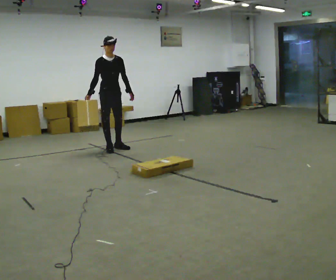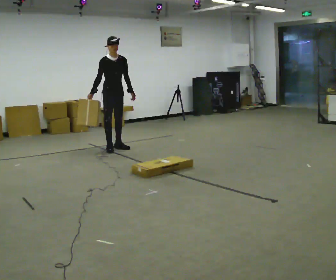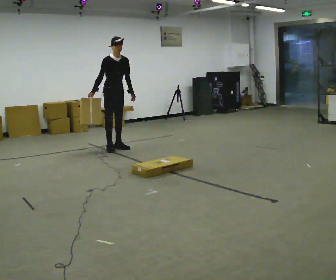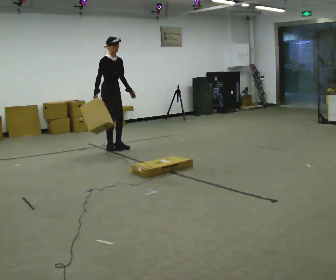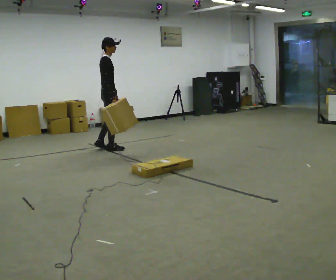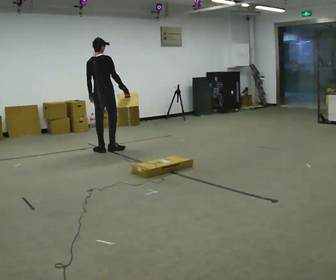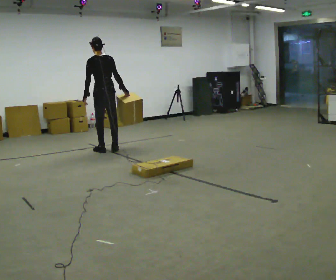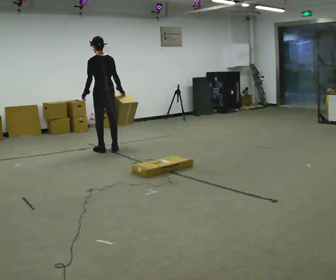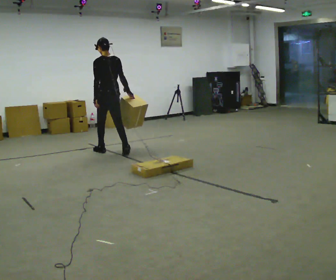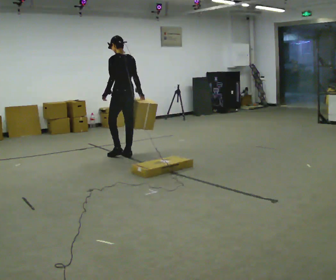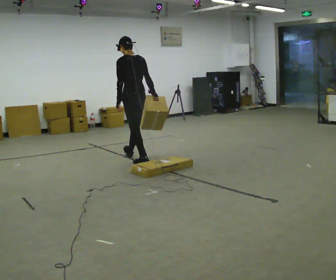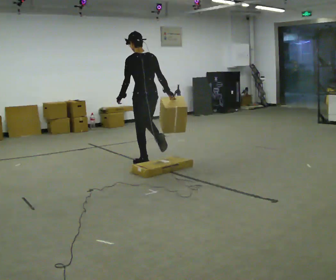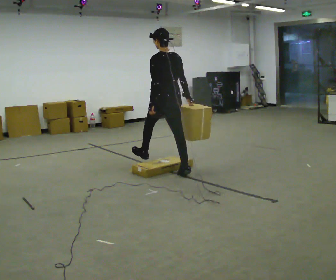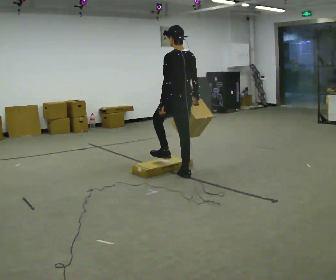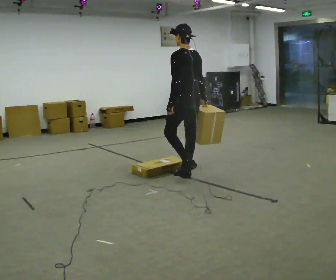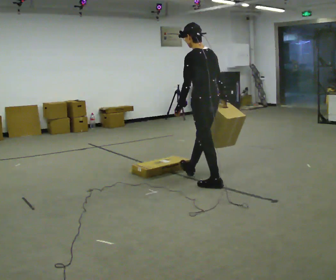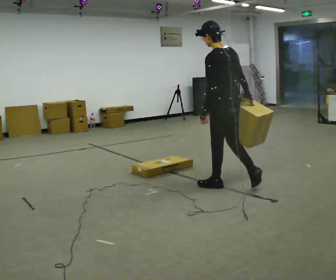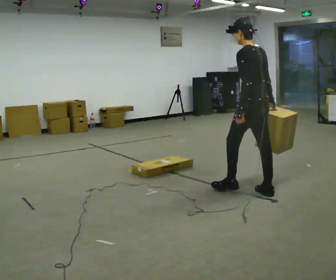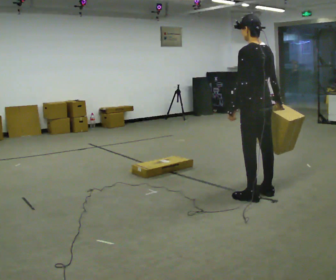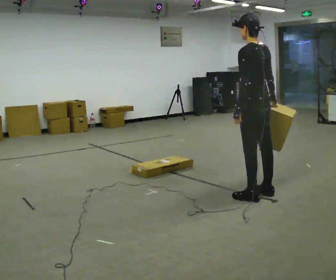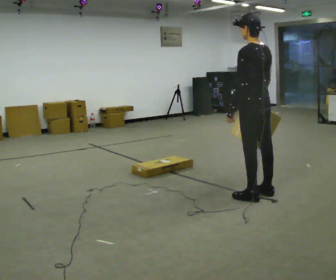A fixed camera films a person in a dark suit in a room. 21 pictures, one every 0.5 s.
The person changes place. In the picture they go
toward the camera.
0.0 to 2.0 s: Seen from above the body turns counterclockwise, about 75 degrees: to their left, with its near side sliding to the right. In the picture their right hand goes to the right, the arm swinging counterclockwise.
2.0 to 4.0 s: The person turns about 105 degrees to their left, counterclockwise seen from above, so the part of the body nearest the lens slides to the right. In the picture they go toward the camera, about 0.25 m in 1 step.
4.0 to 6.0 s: In the picture they go toward the camera and to the right, about 1.5 m in 3 steps, which for them is backward.
6.0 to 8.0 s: In the picture they go toward the camera and to the right, about 1 m in 1 step, which for them is backward.
8.0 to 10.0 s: In the picture they go toward the camera and to the right, about 0.25 m in 1 step, which for them is backward.
The film runs backward here.
